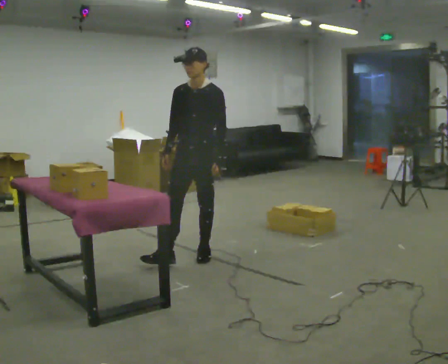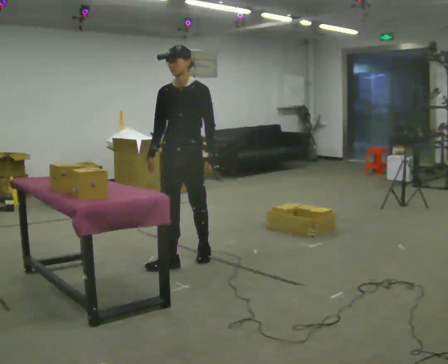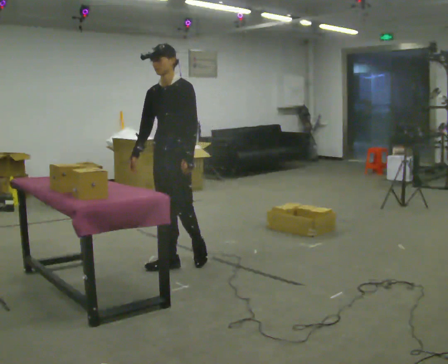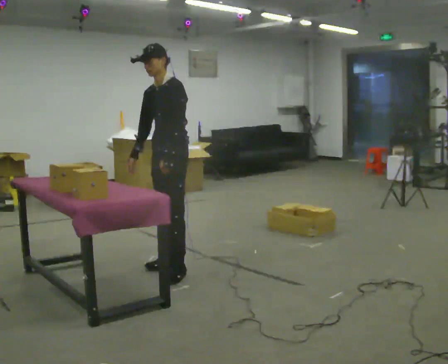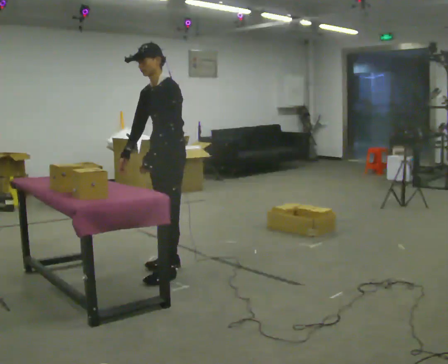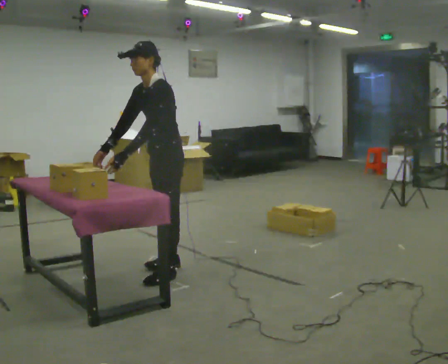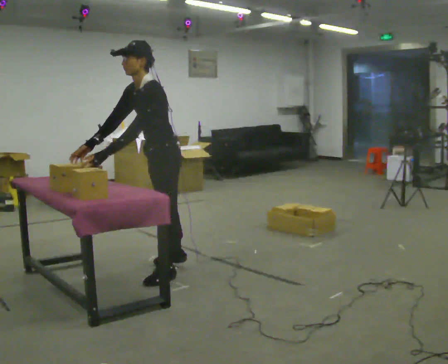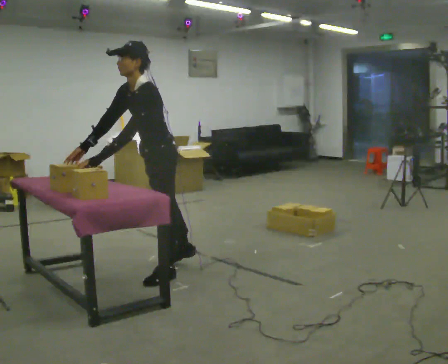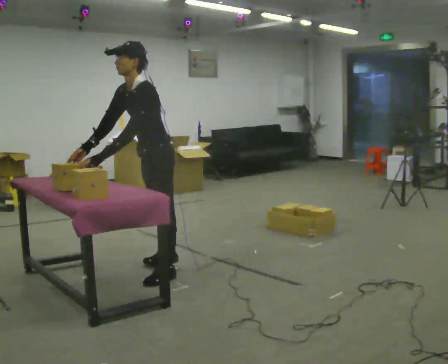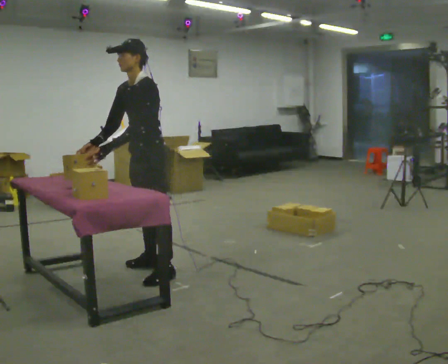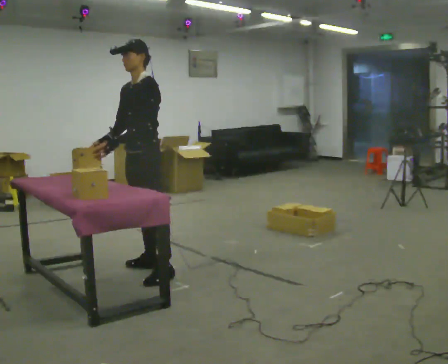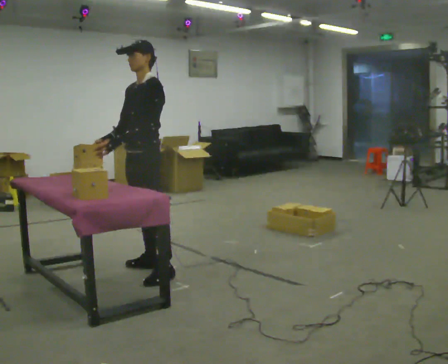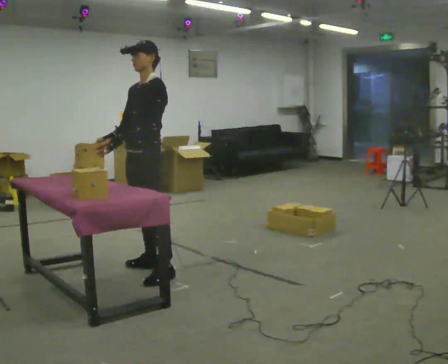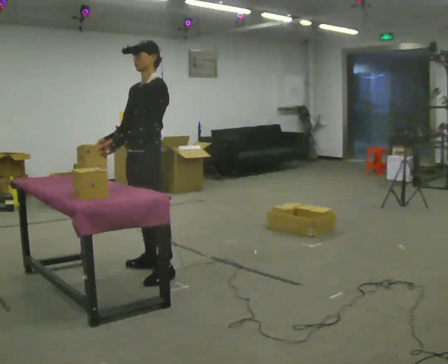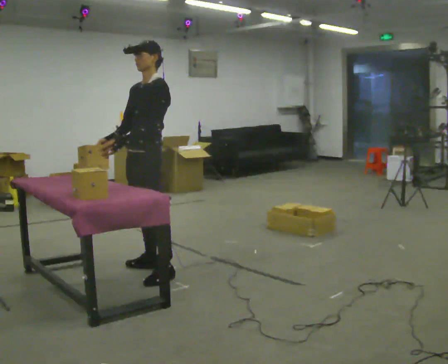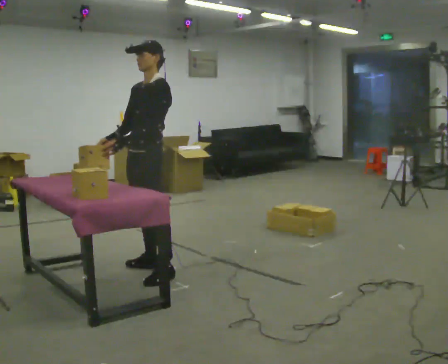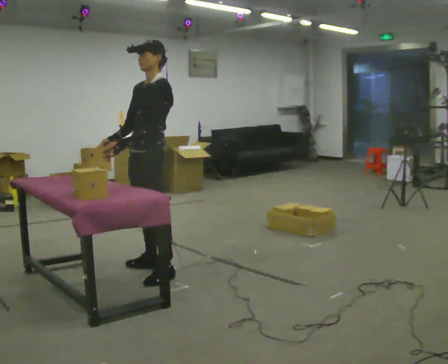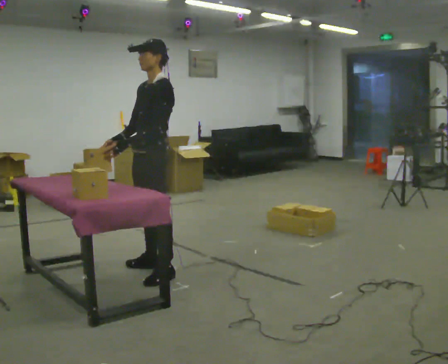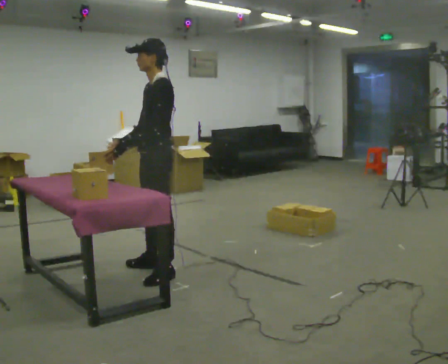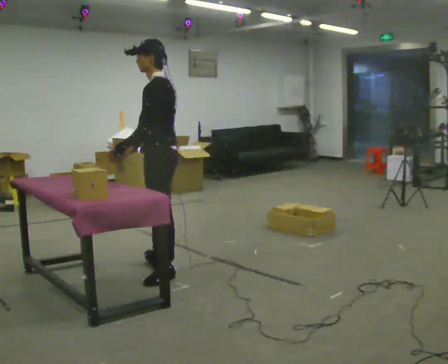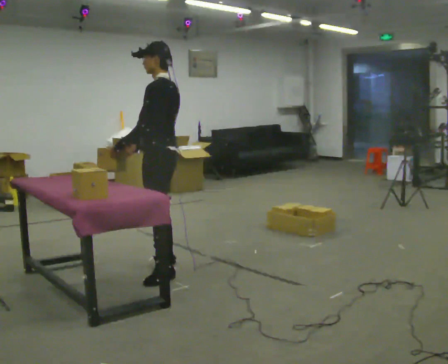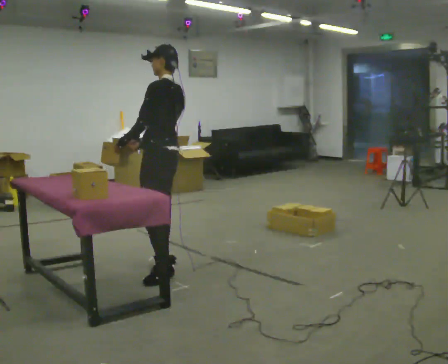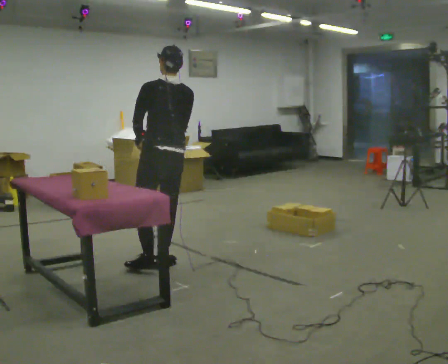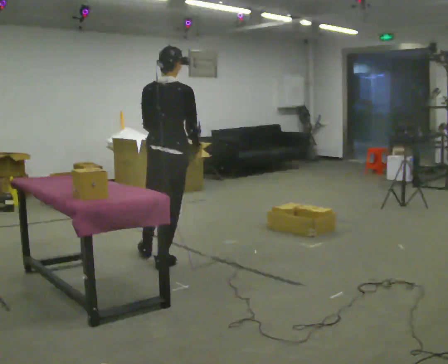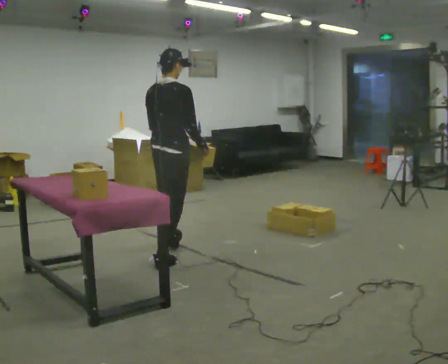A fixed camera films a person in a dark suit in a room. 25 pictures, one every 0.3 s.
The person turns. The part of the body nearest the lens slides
to the left.
The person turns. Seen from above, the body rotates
clockwise.
0.0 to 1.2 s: The part of the body nearest the lens slides to the left as the person turns to their right by about 30 degrees. In the picture they go toward the camera and to the left, about 0.25 m in 2 steps, which for them is forward. In the picture the upper body tilts counterclockwise, shoulders to the left.
1.2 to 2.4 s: In the picture their left hand goes to the left.
2.4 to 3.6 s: In the picture the upper body tilts clockwise, shoulders to the right, as they lean back or straighten.
3.6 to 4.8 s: The person moves a little, or ends about where they began.
4.8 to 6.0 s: The person turns about 45 degrees to their right, clockwise seen from above, so the part of the body nearest the lens slides to the left.
6.0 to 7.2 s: The part of the body nearest the lens slides to the left as the person turns to their right by about 105 degrees. In the picture they go away from the camera, about 0.25 m.
The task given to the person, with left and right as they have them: Reach down into the deep bin on the floor, take out one object at a time, carry it to the shelf, and come back for the next one. Keep going until the operator says stop; one object at a time, and do not rush between trips.
The film runs forward here.
